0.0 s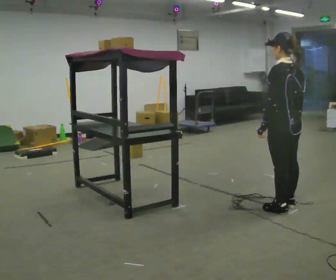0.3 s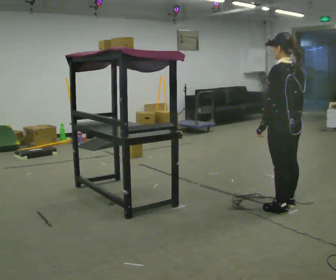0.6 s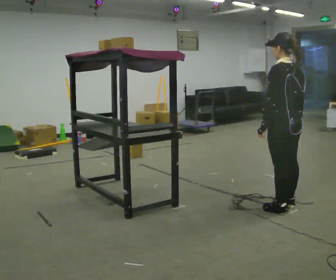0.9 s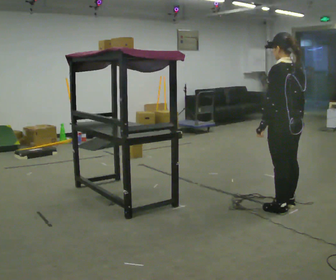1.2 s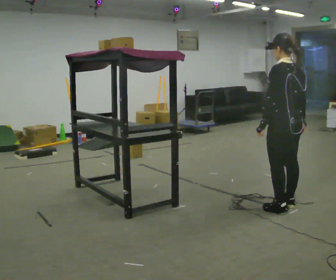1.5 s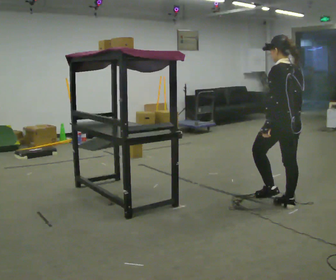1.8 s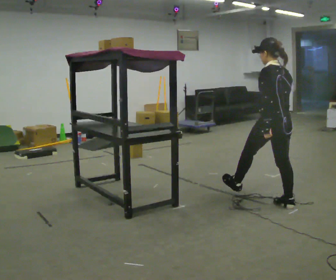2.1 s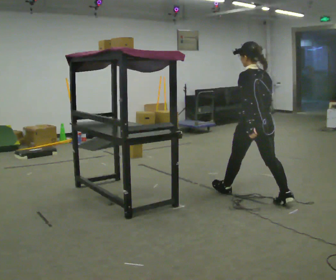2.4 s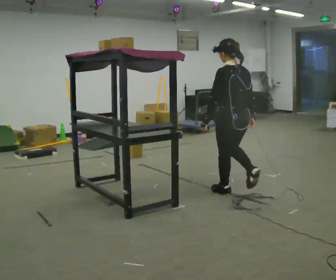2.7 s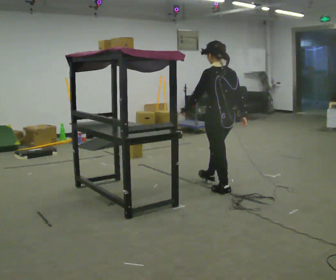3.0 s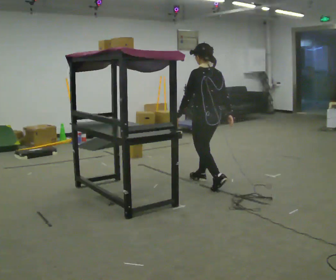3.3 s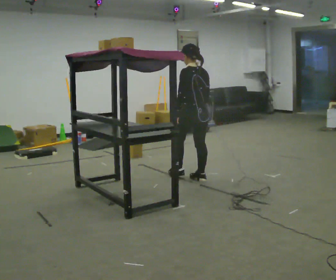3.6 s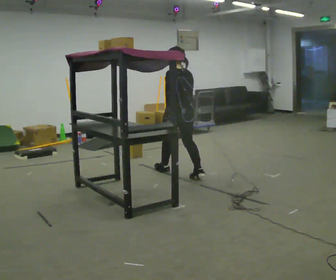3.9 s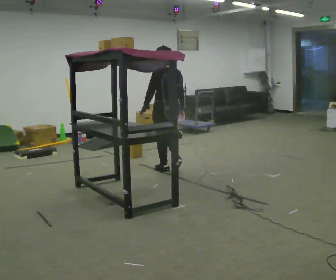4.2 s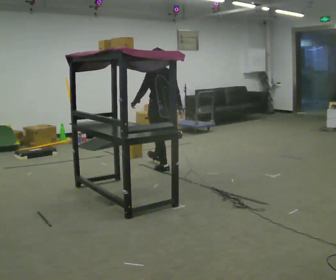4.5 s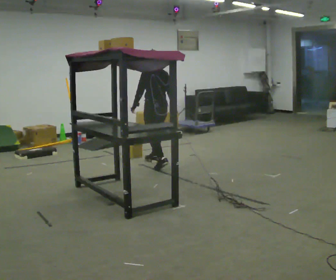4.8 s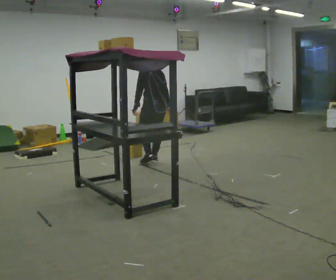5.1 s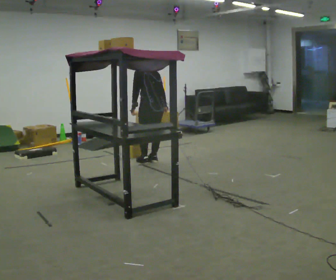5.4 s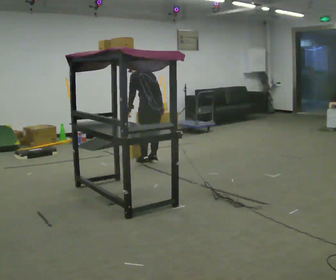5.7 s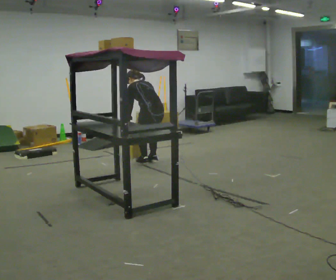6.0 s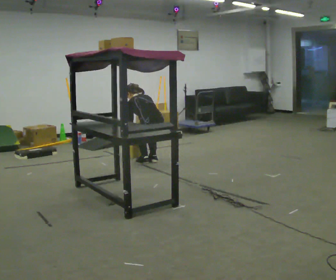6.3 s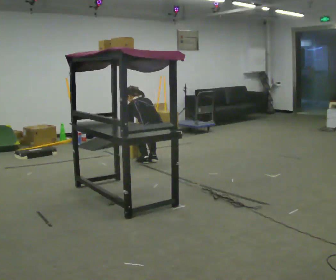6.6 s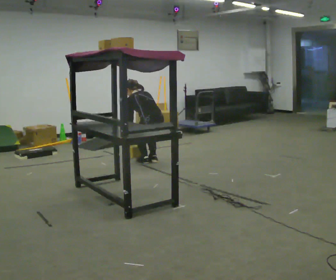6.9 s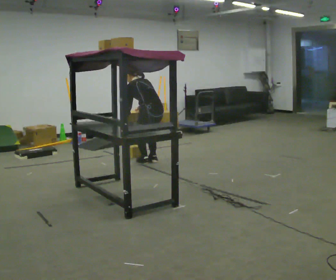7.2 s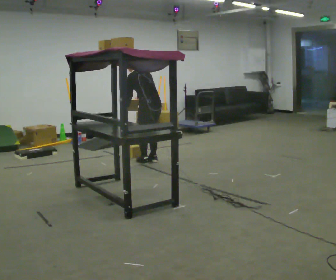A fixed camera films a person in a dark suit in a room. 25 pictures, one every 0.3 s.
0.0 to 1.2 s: The person moves a little, or ends about where they began.
1.2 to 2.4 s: In the picture they go away from the camera and to the left, about 0.75 m in 1 step, which for them is forward.
2.4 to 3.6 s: In the picture they go away from the camera and to the left, about 1 m in 2 steps, which for them is forward.
3.6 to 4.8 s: In the picture they go away from the camera and to the left, about 0.5 m in 1 step, which for them is forward.
4.8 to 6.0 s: The upper body goes downward. The upper body tips away from the camera, its near side rolling upward, as they bend forward. In the picture their right hand goes downward and to the left.
6.0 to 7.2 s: The upper body goes upward. The upper body tips toward the camera, its near side rolling downward, as they lean back or straighten. In the picture their right hand goes upward.
The film runs forward here.
